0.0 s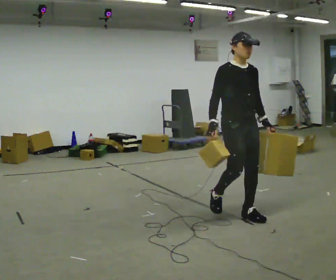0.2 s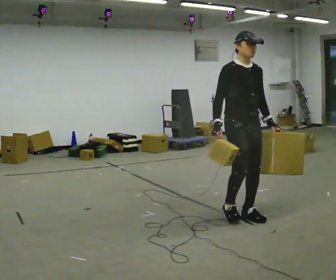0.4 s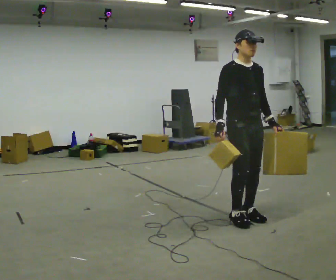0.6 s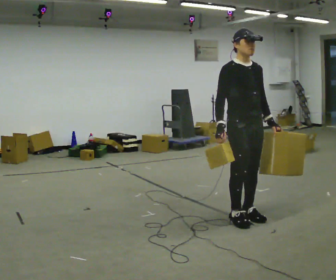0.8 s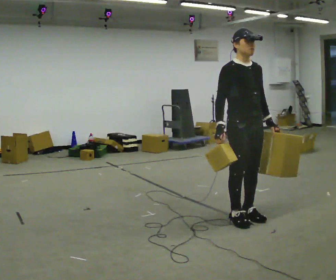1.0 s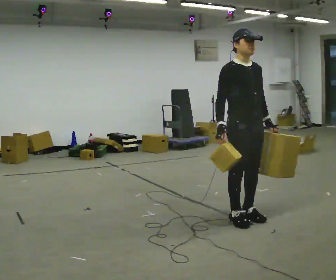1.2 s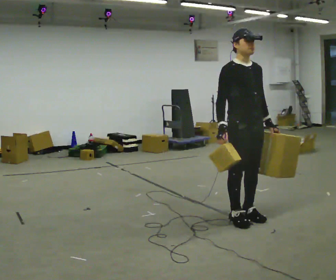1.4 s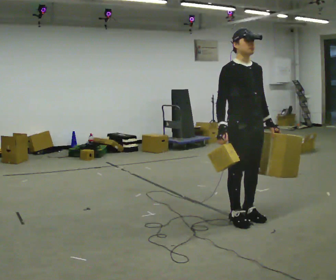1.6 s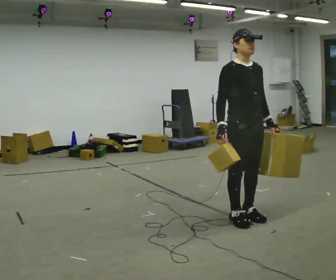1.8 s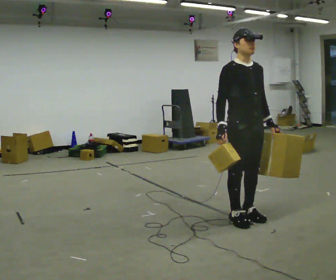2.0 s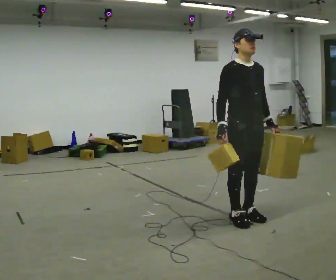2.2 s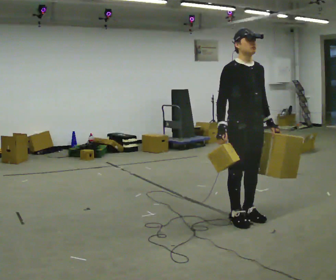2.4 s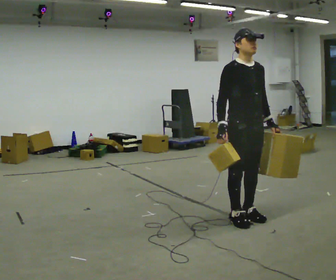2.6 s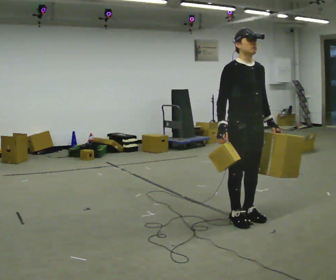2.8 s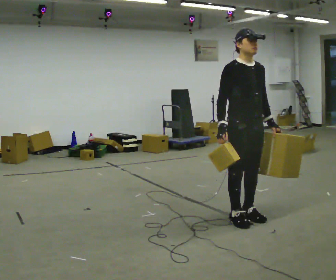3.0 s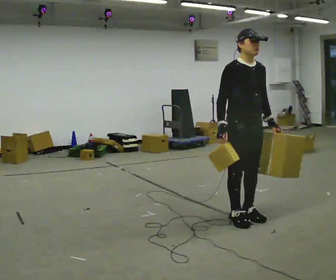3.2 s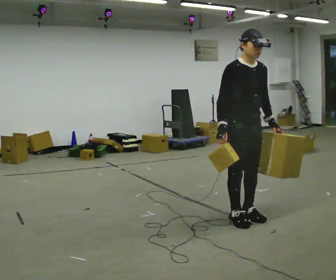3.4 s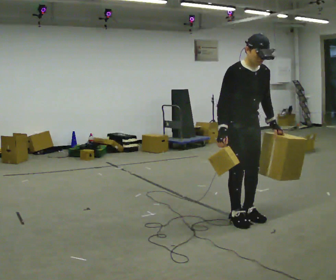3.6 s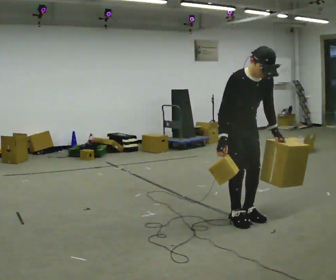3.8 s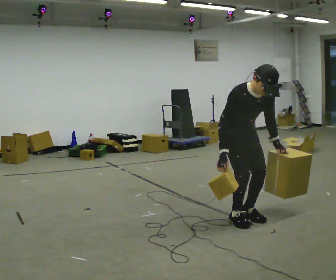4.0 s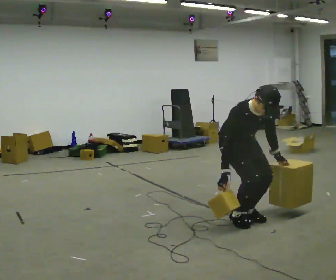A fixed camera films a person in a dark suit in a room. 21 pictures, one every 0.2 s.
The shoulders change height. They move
downward.
The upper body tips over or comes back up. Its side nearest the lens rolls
downward.
0.0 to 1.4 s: The person moves a little, or ends about where they began.
1.4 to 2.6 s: The person keeps their place and pose.
2.6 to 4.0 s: The shoulders move downward. The upper body tips toward the camera, its near side rolling downward, as they bend forward. In the picture their left hand goes downward.
The film runs forward here.
